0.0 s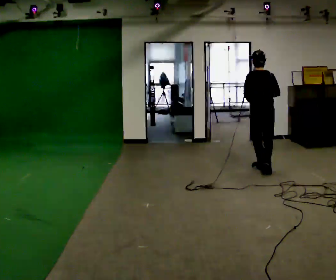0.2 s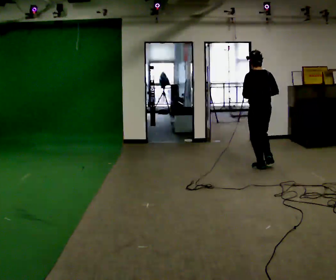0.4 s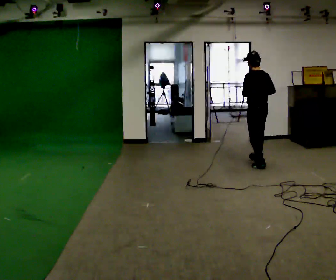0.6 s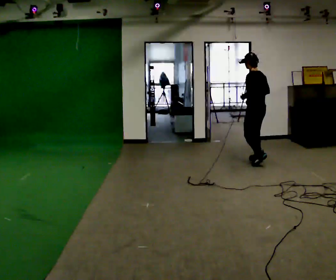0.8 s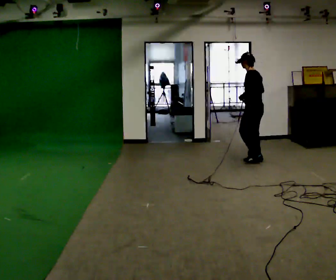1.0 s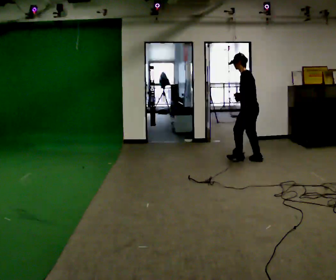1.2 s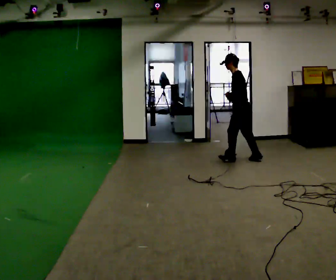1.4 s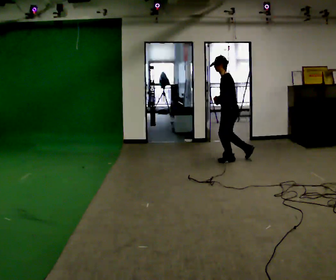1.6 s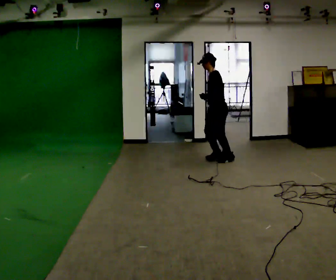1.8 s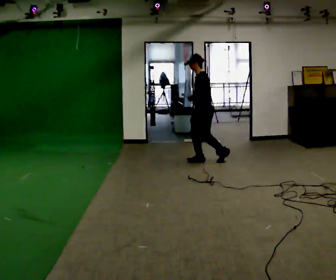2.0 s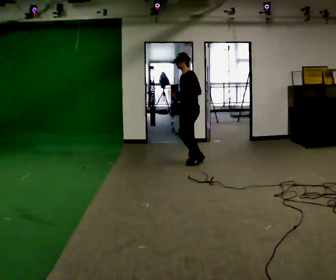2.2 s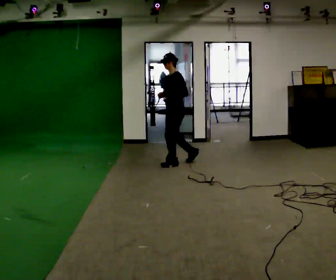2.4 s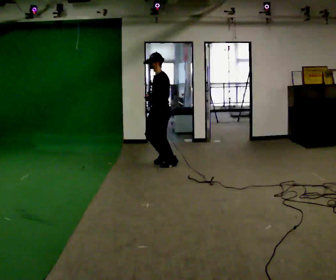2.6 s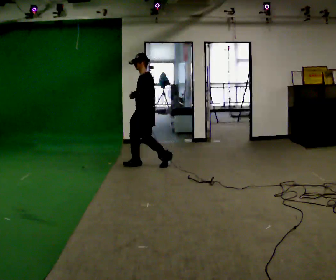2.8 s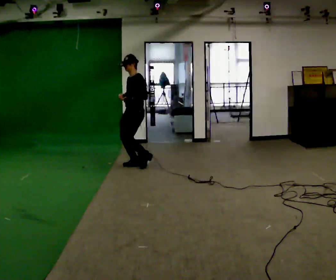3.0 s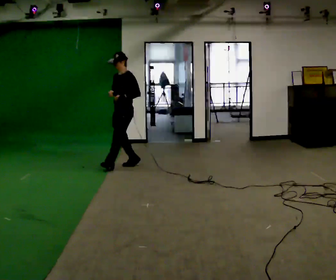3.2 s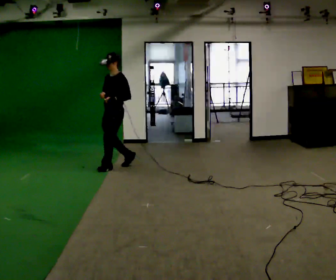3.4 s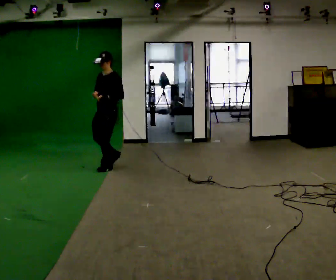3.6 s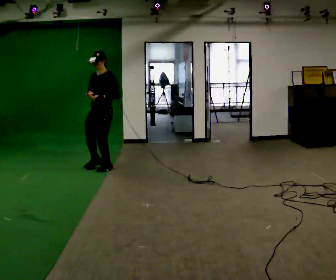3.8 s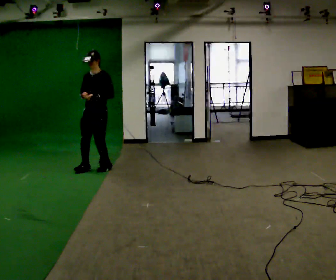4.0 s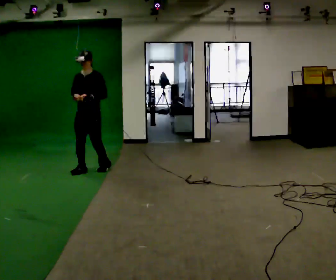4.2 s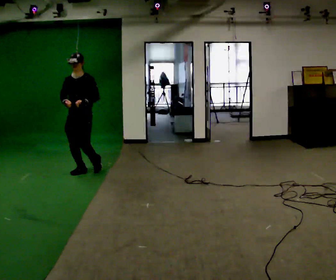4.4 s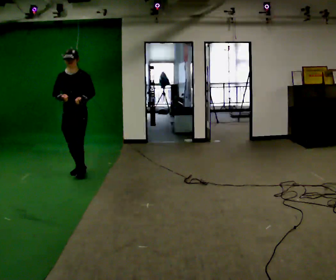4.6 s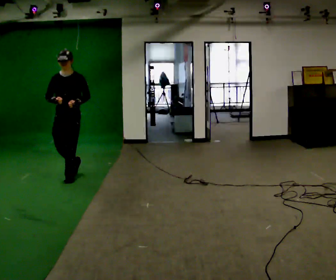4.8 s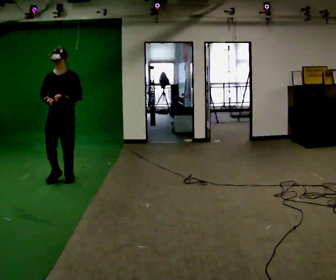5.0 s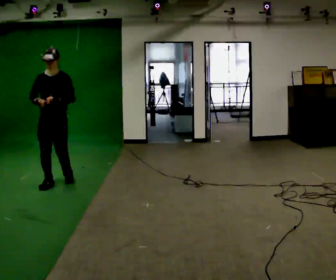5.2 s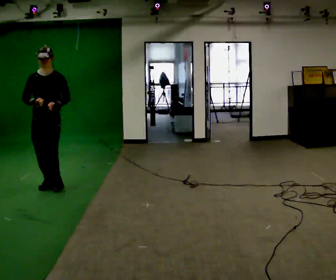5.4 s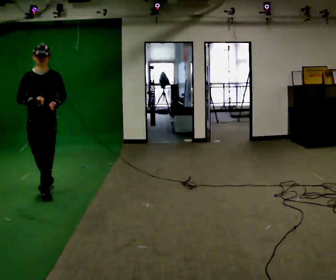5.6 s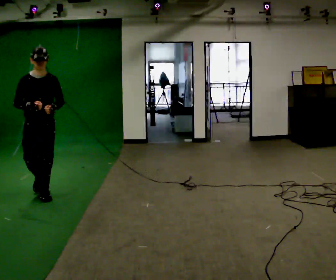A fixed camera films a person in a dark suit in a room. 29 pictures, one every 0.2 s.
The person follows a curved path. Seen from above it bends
counterclockwise.
The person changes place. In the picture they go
to the left.
0.0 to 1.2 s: The part of the body nearest the lens slides to the right as the person turns to their left by about 75 degrees. In the picture they go away from the camera, about 0.75 m in 2 steps.
1.2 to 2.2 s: The person turns about 30 degrees to their left, counterclockwise seen from above, so the part of the body nearest the lens slides to the right. In the picture they go to the left, about 1 m in 2 steps, which for them is forward.
2.2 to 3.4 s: Seen from above the body turns counterclockwise, about 30 degrees: to their left, with its near side sliding to the right. In the picture they go to the left, about 1 m in 2 steps, which for them is forward.
3.4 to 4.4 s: The person turns about 30 degrees to their left, counterclockwise seen from above, so the part of the body nearest the lens slides to the right. In the picture they go toward the camera and to the left, about 0.5 m in 1 step, which for them is forward and to their right.
4.4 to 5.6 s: Seen from above the body turns counterclockwise, about 30 degrees: to their left, with its near side sliding to the right. In the picture they go toward the camera, about 1 m in 3 steps, which for them is forward.
The film runs forward here.
